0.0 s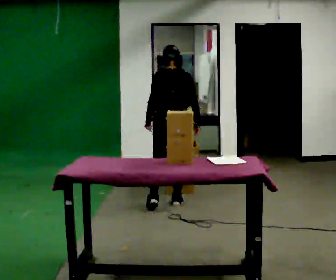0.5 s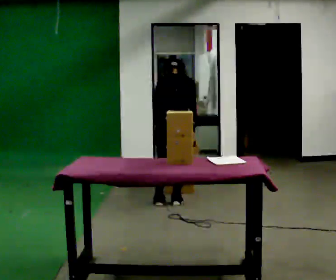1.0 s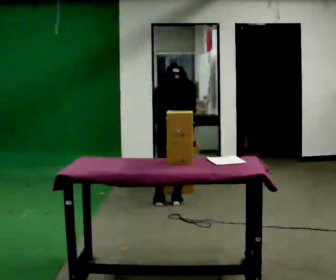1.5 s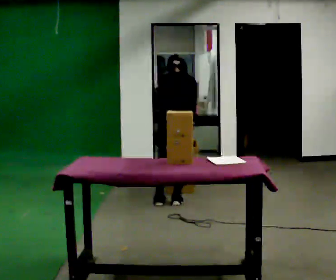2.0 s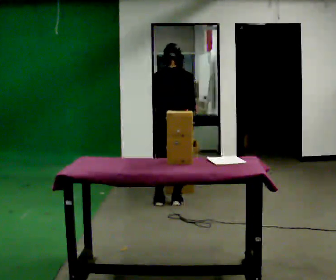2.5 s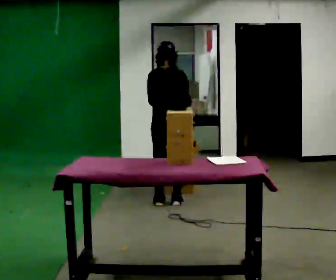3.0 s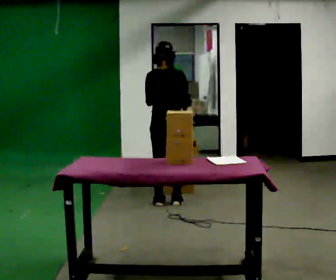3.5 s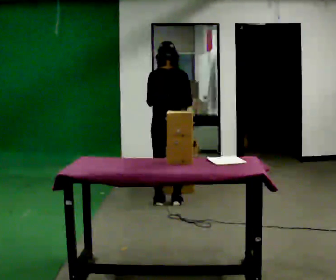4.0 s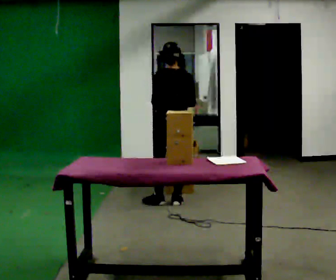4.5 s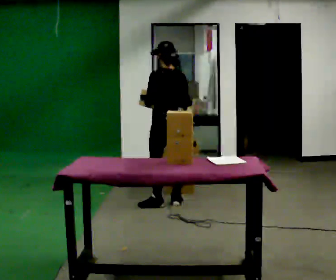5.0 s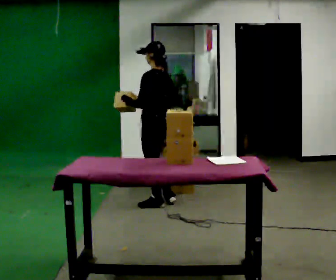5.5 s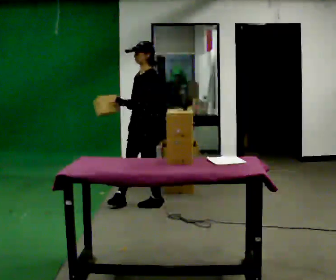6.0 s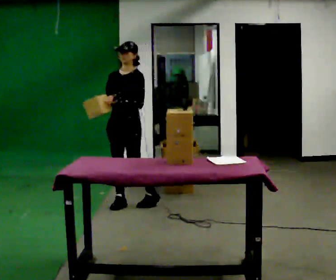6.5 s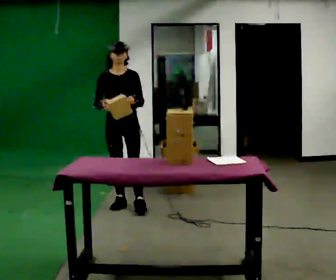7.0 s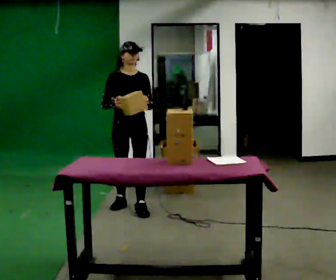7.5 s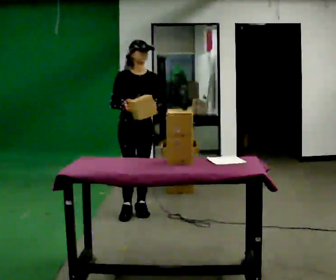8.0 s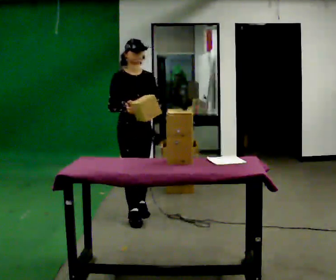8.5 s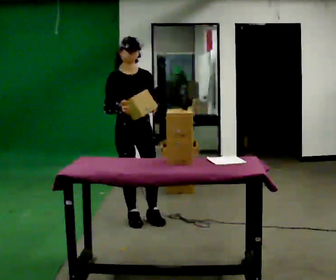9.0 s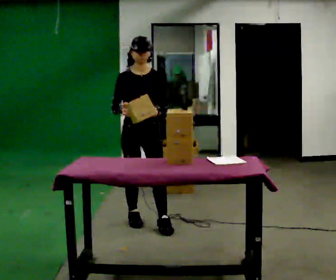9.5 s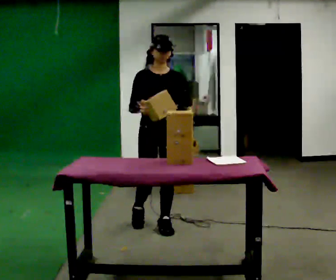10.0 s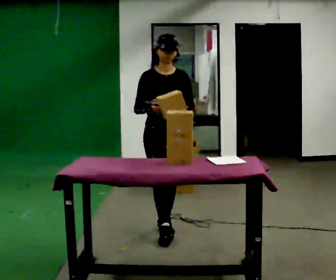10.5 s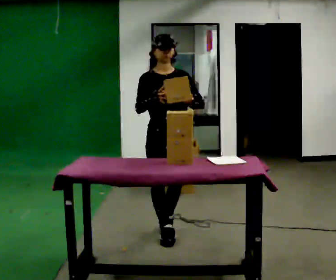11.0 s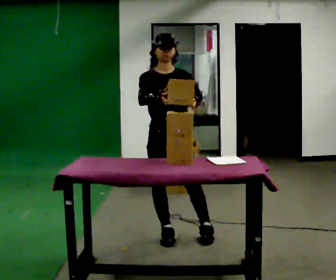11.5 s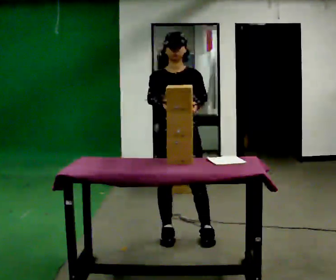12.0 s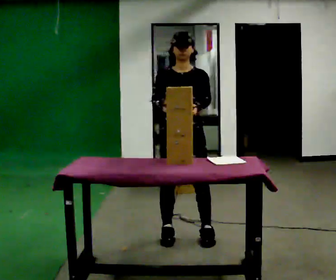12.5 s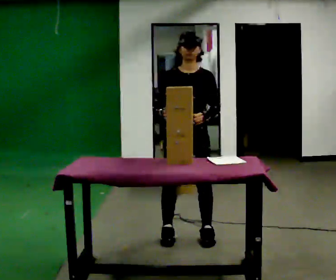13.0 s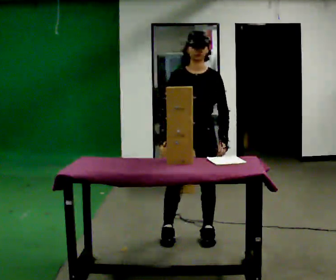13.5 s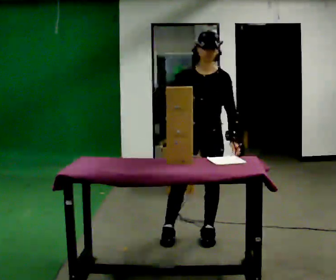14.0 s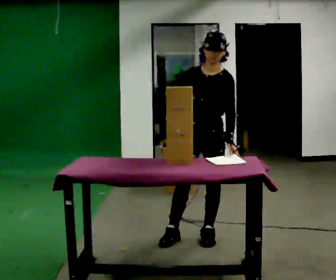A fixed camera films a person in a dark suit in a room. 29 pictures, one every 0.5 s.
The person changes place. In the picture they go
toward the camera.
The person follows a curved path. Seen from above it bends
counterclockwise.
0.0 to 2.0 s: The person moves a little, or ends about where they began.
2.0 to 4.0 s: The part of the body nearest the lens slides to the right as the person turns to their left by about 30 degrees.
4.0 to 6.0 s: The person turns about 135 degrees to their left, counterclockwise seen from above, so the part of the body nearest the lens slides to the right. In the picture they go to the left, about 0.5 m in 1 step.
6.0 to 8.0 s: The person turns about 45 degrees to their left, counterclockwise seen from above, so the part of the body nearest the lens slides to the right. In the picture they go toward the camera, about 0.5 m in 2 steps, which for them is forward.
8.0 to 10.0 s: In the picture they go toward the camera and to the right, about 0.5 m in 2 steps, which for them is forward and to their left.
10.0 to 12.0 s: In the picture they go toward the camera, about 0.25 m in 1 step, which for them is forward.
12.0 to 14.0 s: In the picture they go to the right, about 0.25 m, which for them is to their left.
The film runs forward here.
